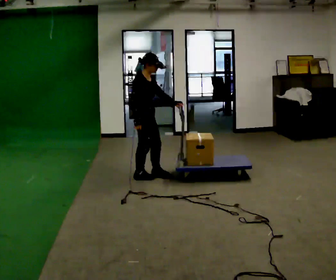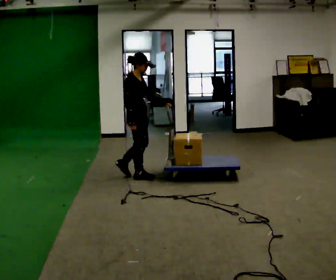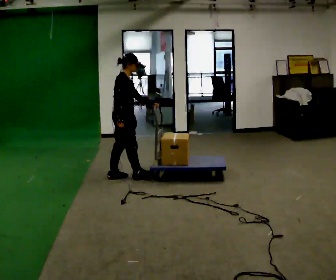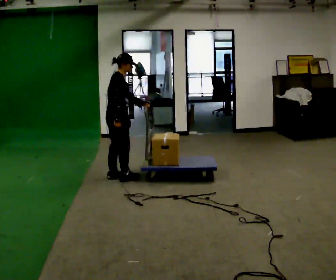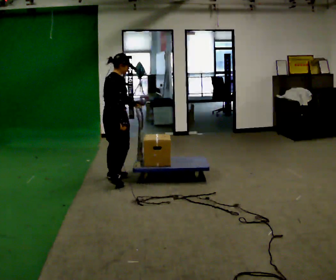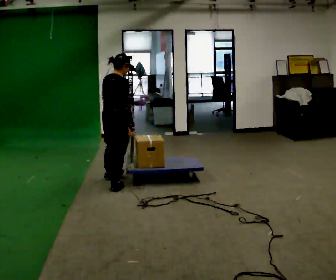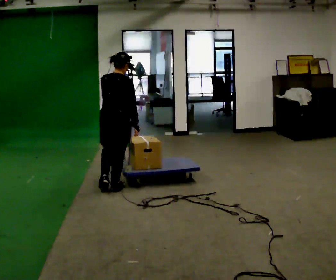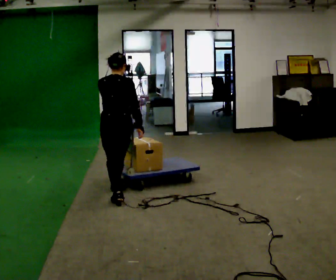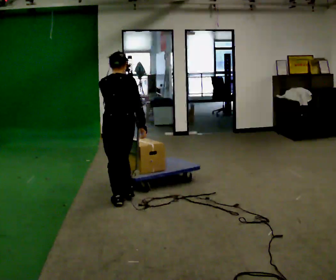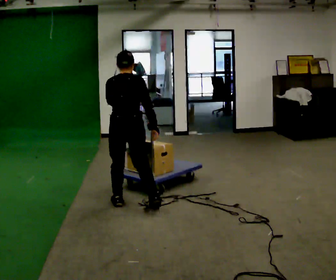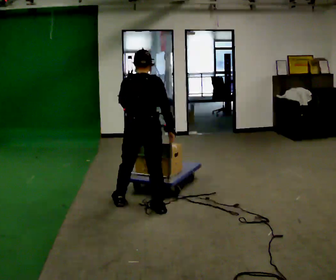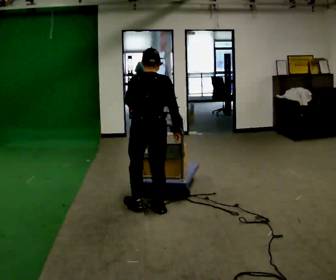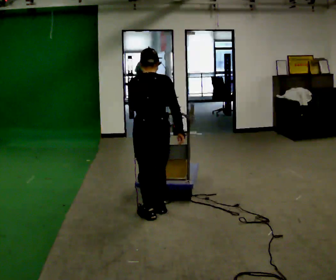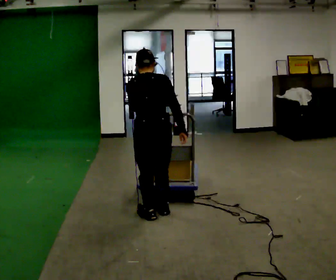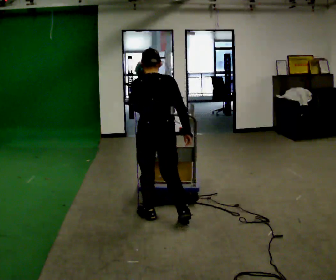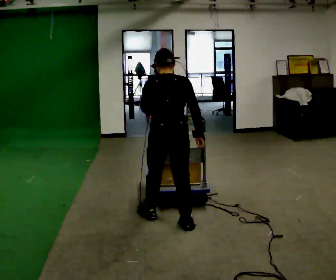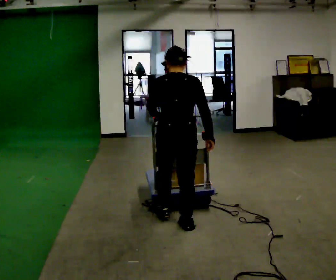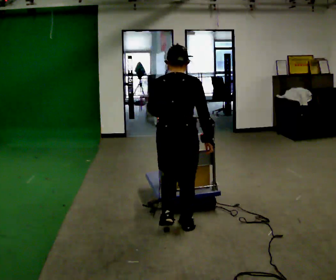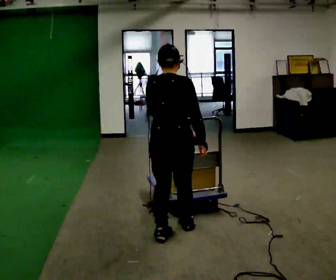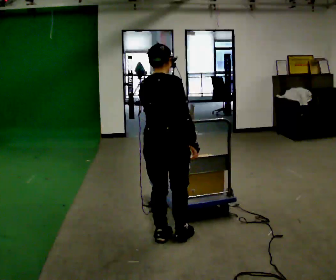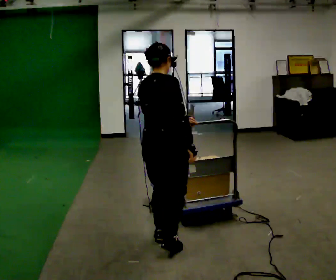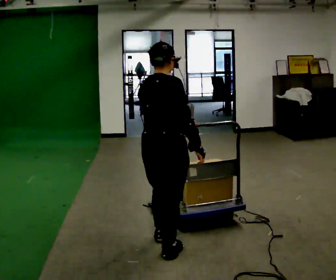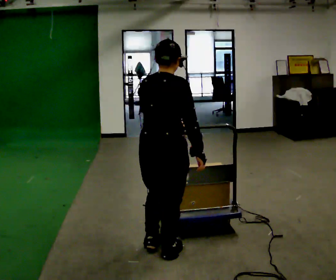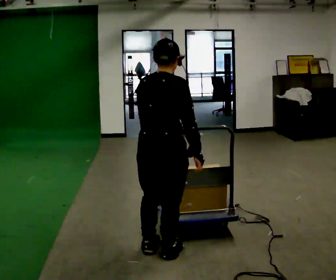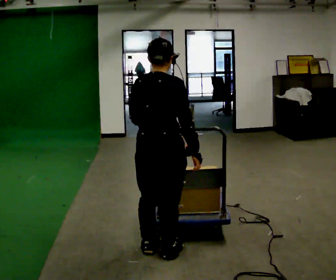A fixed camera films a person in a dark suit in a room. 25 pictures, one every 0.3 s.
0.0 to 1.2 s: Seen from above the body turns counterclockwise, about 45 degrees: to their left, with its near side sliding to the right. In the picture they go to the left, about 0.25 m in 1 step, which for them is backward.
1.2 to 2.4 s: The part of the body nearest the lens slides to the right as the person turns to their left by about 60 degrees. In the picture they go toward the camera, about 0.75 m in 2 steps.
2.4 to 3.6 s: In the picture they go to the right and toward the camera, about 0.5 m in 1 step, which for them is backward and to their right.
3.6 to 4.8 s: In the picture they go toward the camera and to the right, about 0.25 m in 2 steps, which for them is backward and to their right.
4.8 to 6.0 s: The part of the body nearest the lens slides to the left as the person turns to their right by about 45 degrees. In the picture they go toward the camera, about 0.25 m in 1 step, which for them is backward.
6.0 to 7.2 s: In the picture they go toward the camera, about 0.25 m in 1 step, which for them is backward.
The film runs backward here.
